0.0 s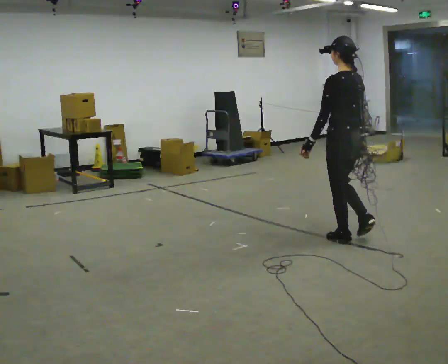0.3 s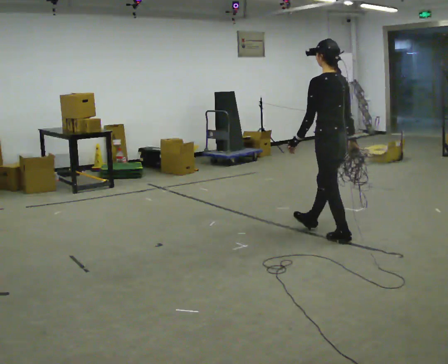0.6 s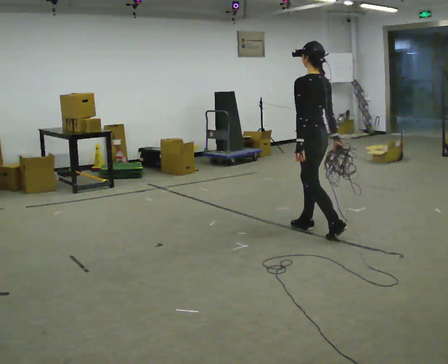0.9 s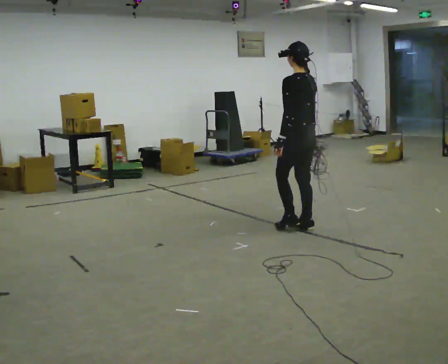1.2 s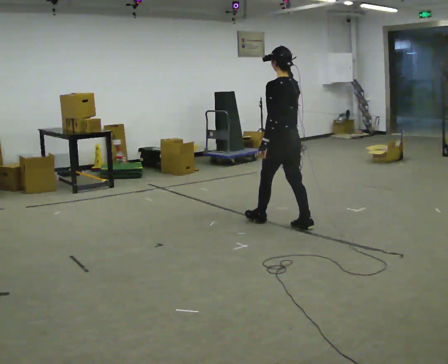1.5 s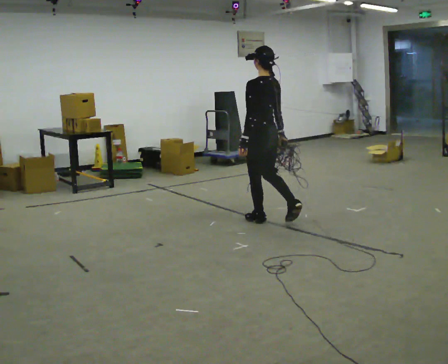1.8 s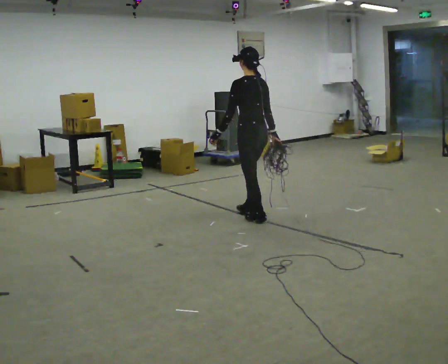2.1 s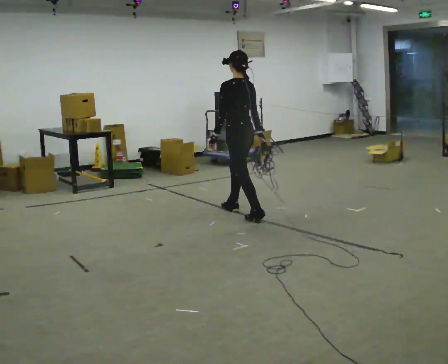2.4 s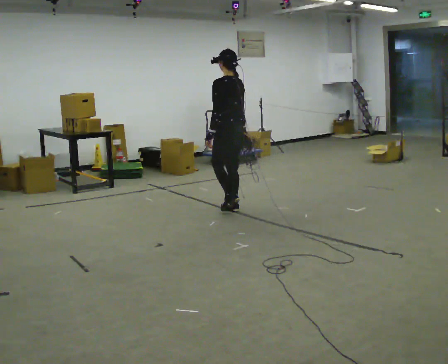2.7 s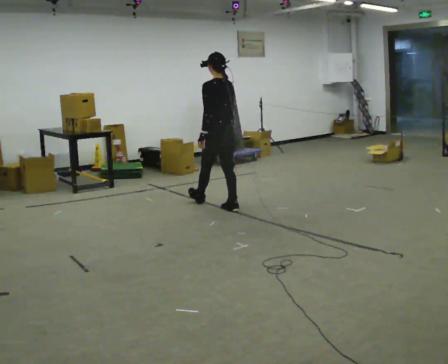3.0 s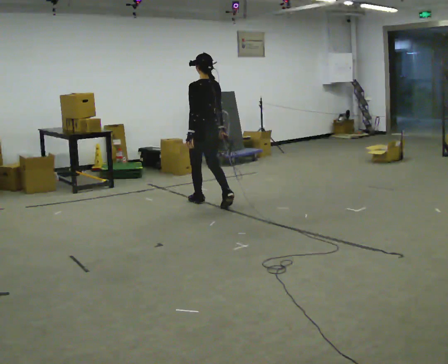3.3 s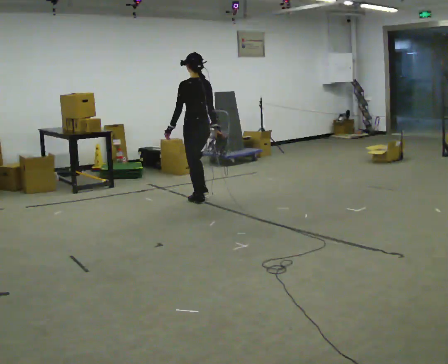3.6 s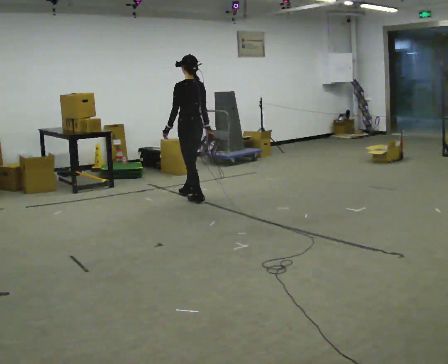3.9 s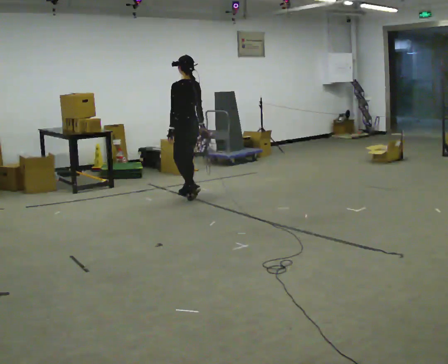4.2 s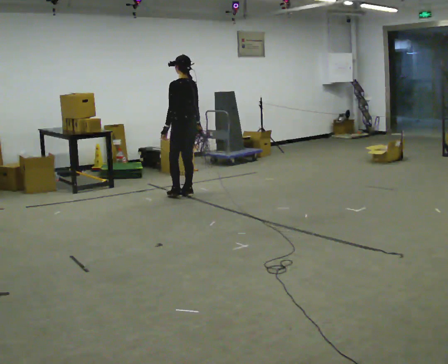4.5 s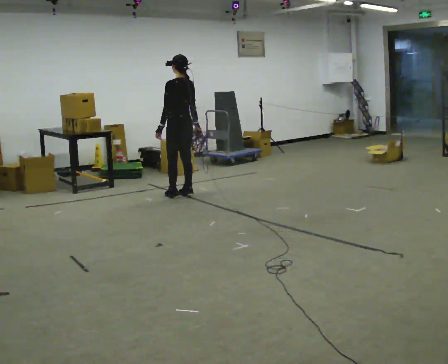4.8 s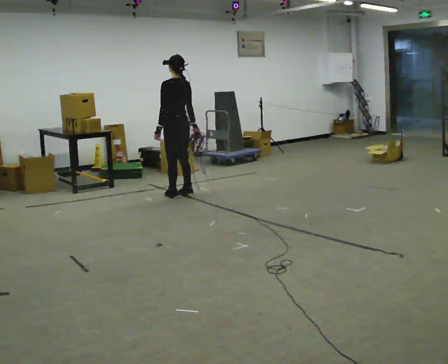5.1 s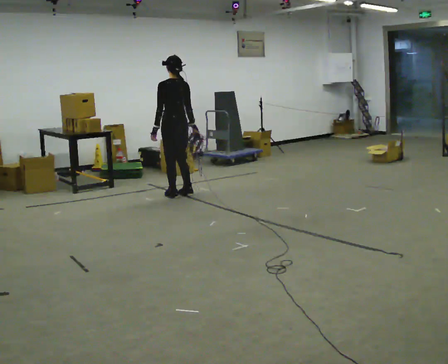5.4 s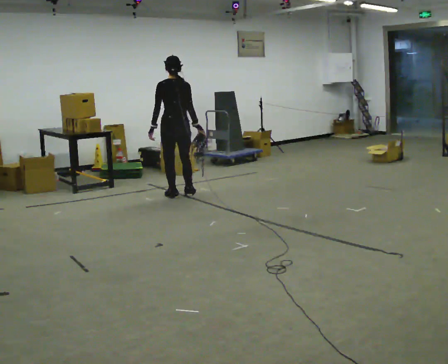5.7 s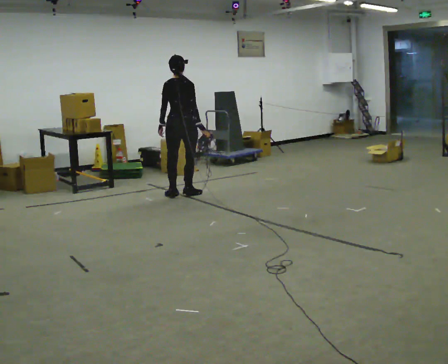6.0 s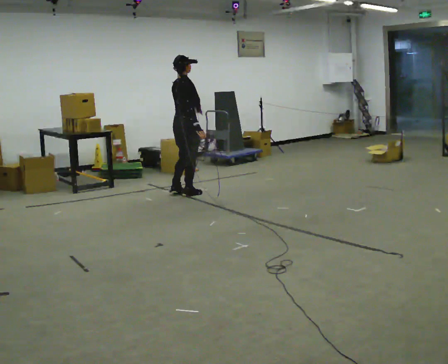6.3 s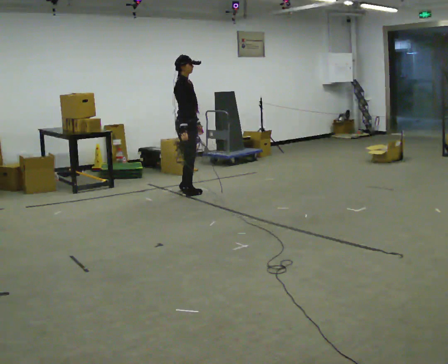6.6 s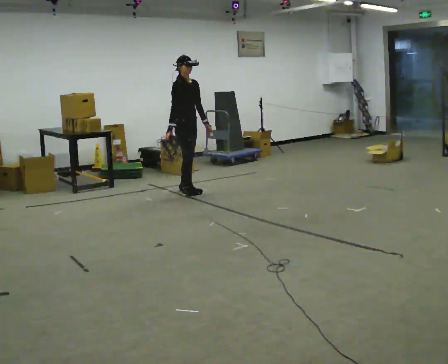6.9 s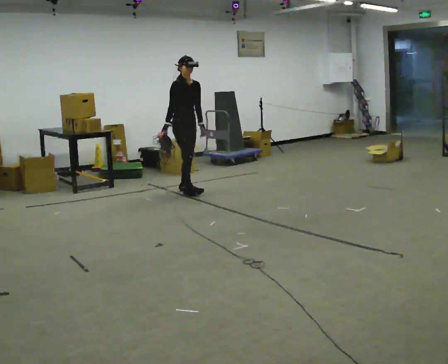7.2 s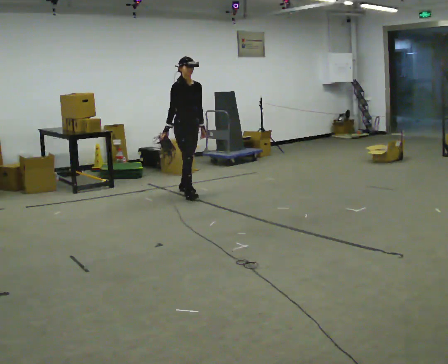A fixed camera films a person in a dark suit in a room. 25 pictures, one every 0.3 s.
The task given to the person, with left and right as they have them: Pick up the coiled hose, carry it across the room, and set it down. It will move around as you walk. Keep going until the operator says stop; one object at a time, and do not rush between trips.
0.0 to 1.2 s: In the picture they go away from the camera and to the left, about 0.5 m in 2 steps, which for them is forward.
1.2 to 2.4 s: In the picture they go away from the camera and to the left, about 1 m in 1 step, which for them is forward.
2.4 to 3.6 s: In the picture they go away from the camera and to the left, about 0.75 m in 2 steps, which for them is forward.
3.6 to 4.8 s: In the picture they go away from the camera and to the left, about 0.25 m in 1 step, which for them is forward.
4.8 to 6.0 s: The part of the body nearest the lens slides to the left as the person turns to their right by about 105 degrees.
6.0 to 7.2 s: The person turns about 90 degrees to their right, clockwise seen from above, so the part of the body nearest the lens slides to the left. In the picture their right hand goes to the left.
The film runs forward here.
